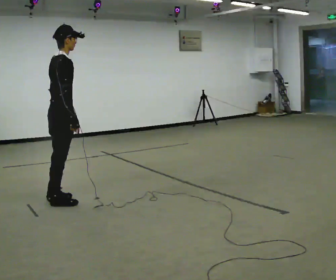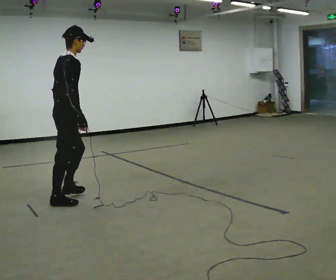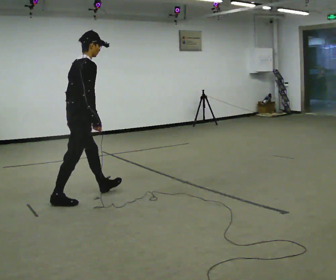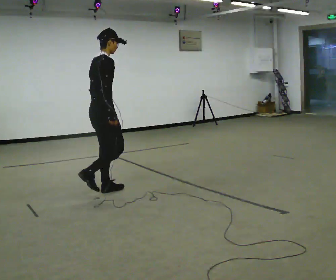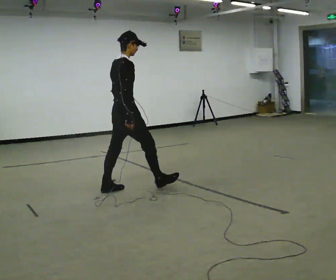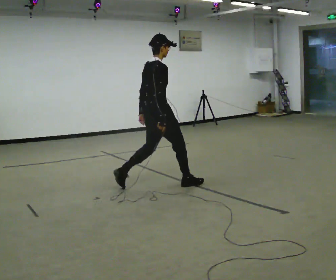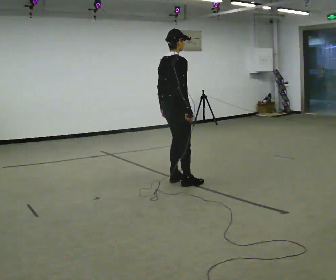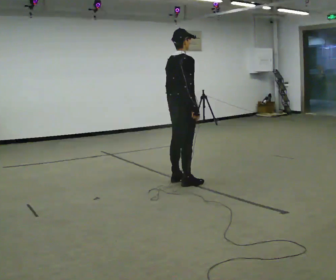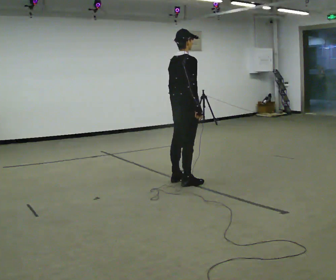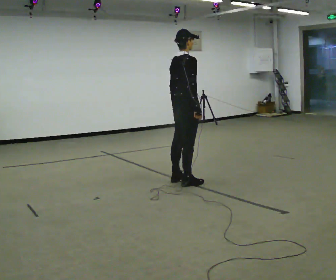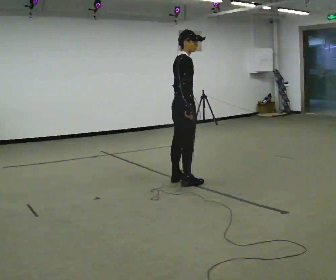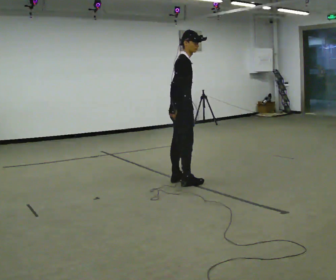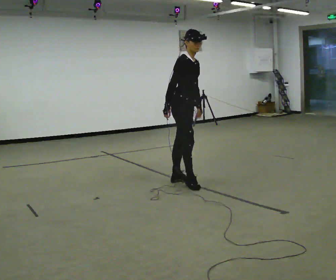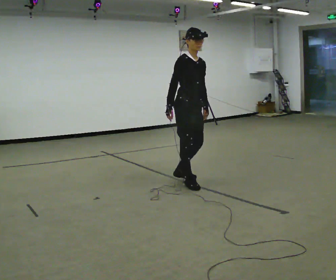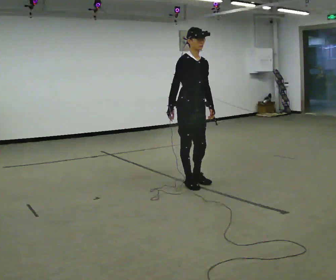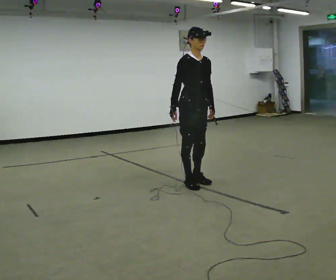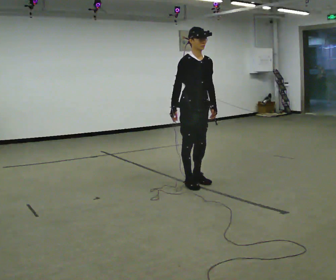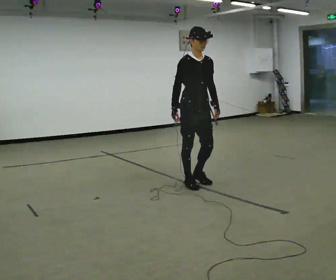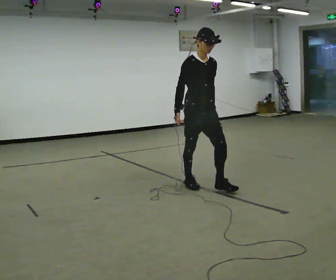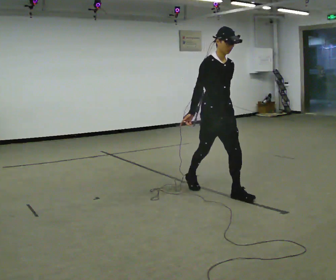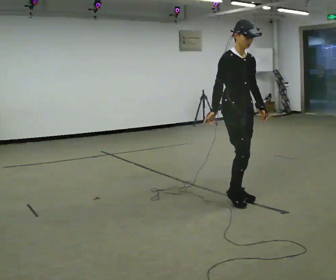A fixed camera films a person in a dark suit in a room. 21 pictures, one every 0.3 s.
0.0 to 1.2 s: In the picture they go to the right and away from the camera, about 1 m in 1 step, which for them is forward.
1.2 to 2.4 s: In the picture they go to the right and away from the camera, about 0.75 m in 2 steps, which for them is forward.
2.4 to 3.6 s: The part of the body nearest the lens slides to the left as the person turns to their right by about 60 degrees. In the picture their right hand goes to the left, the arm swinging clockwise.
3.6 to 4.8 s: The person turns about 30 degrees to their right, clockwise seen from above, so the part of the body nearest the lens slides to the left.
4.8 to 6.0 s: In the picture they go toward the camera and to the right, about 0.5 m in 1 step, which for them is forward.
The film runs forward here.
